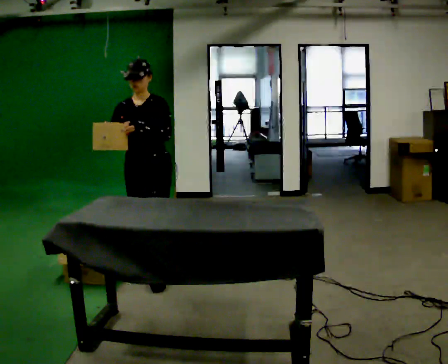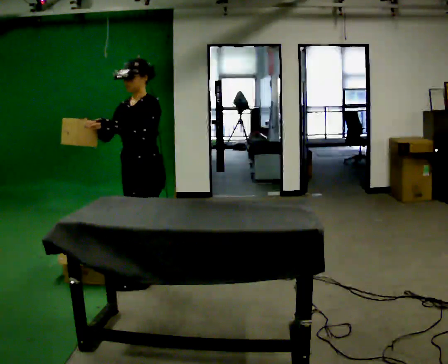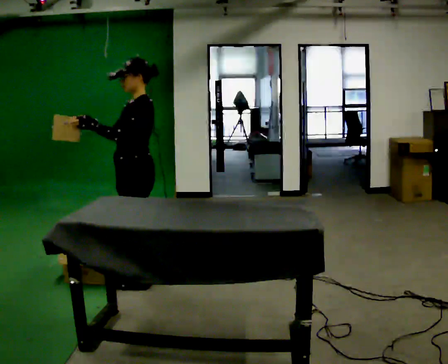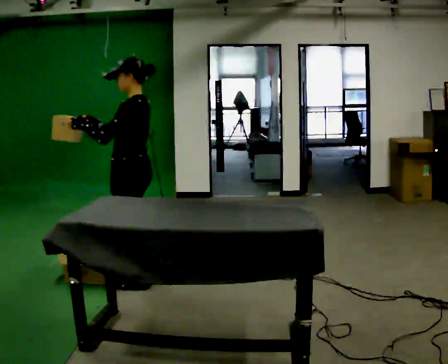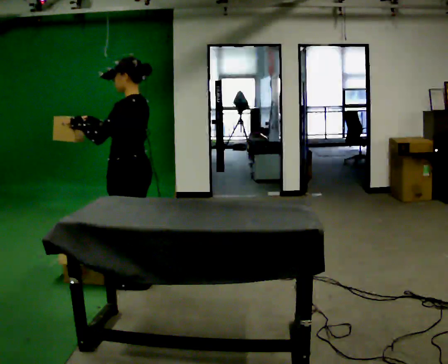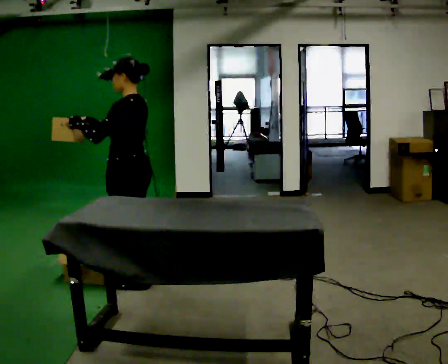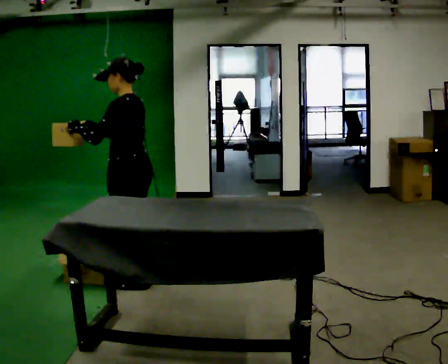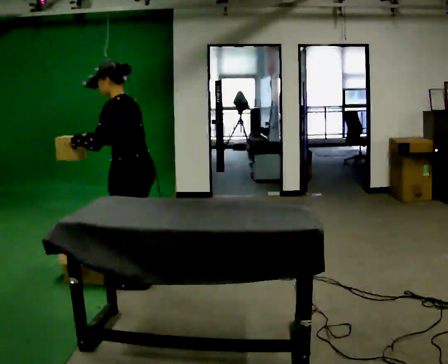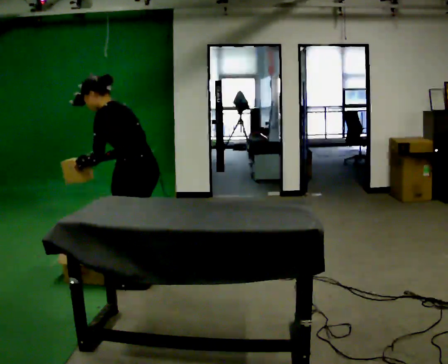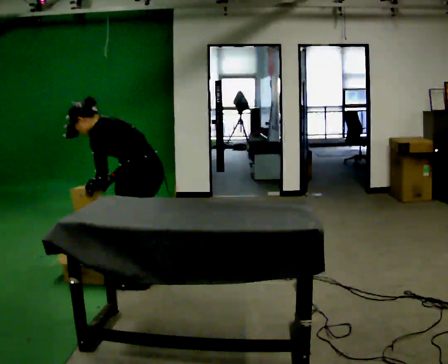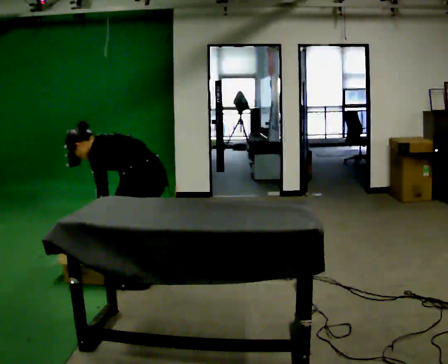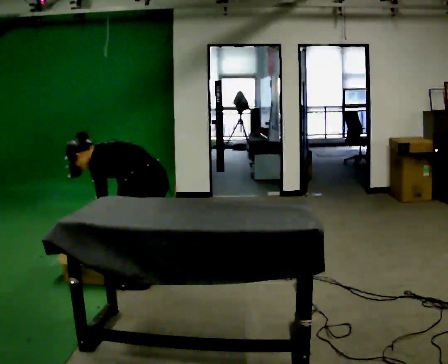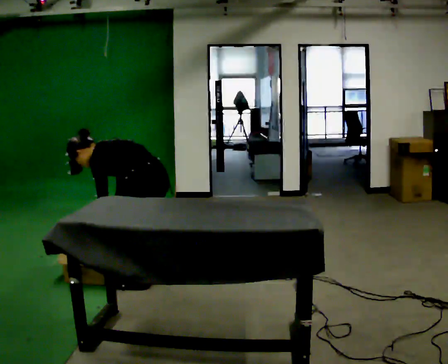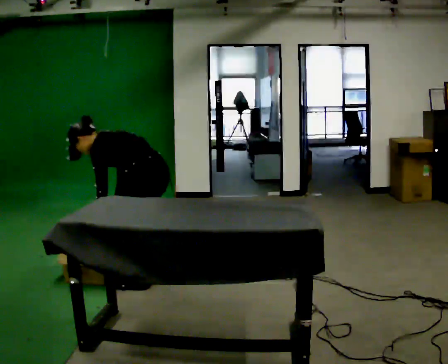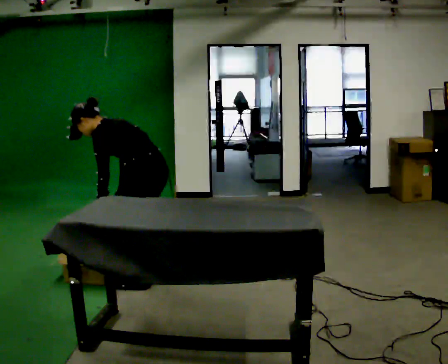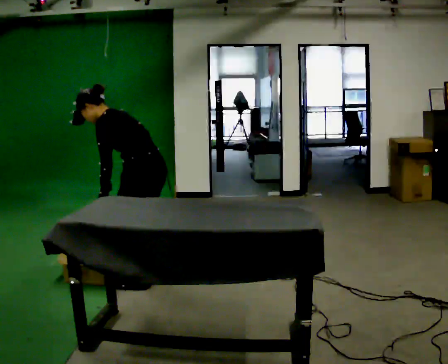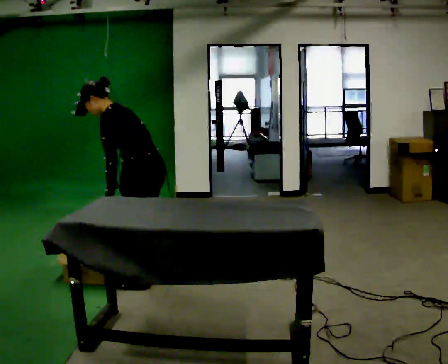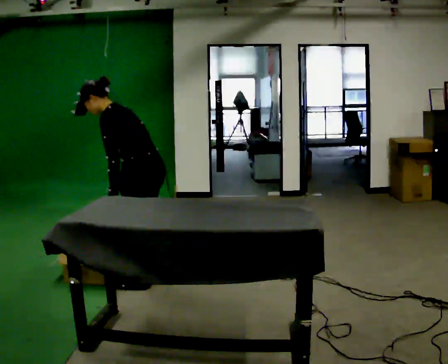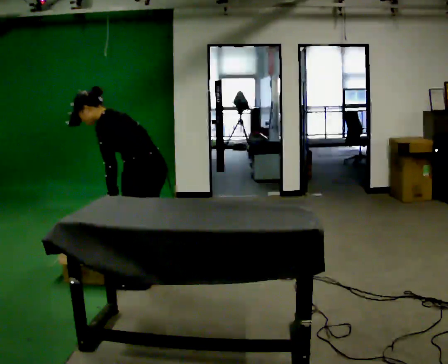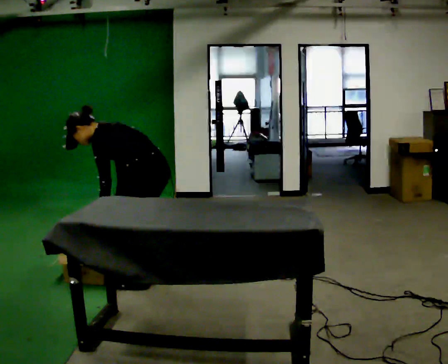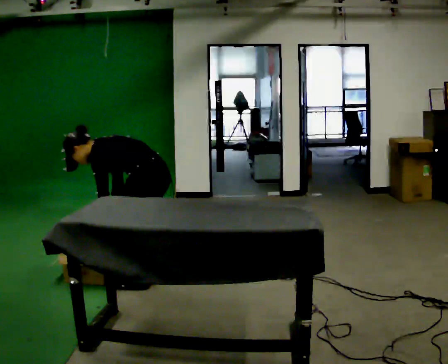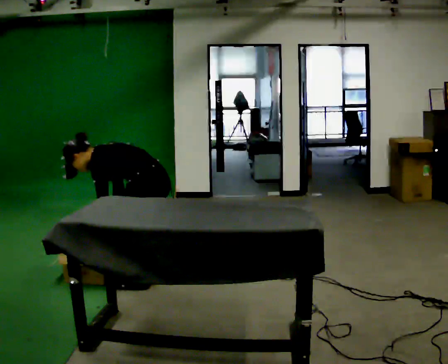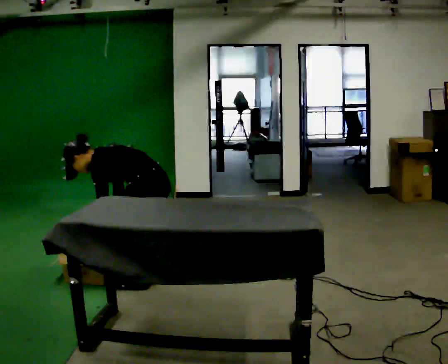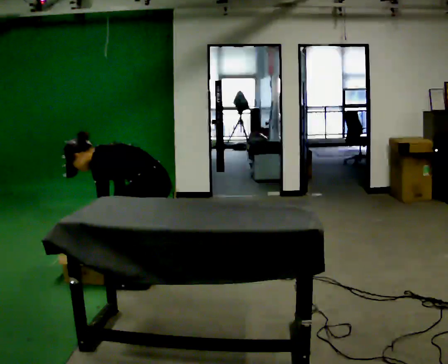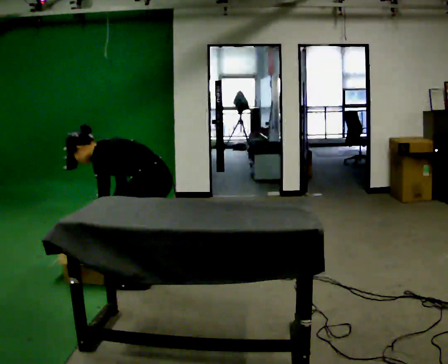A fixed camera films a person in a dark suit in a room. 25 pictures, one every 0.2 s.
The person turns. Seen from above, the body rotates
clockwise.
The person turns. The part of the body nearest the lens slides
to the left.
0.0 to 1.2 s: The part of the body nearest the lens slides to the left as the person turns to their right by about 90 degrees.
1.2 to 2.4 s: The shoulders move downward. In the picture the upper body tilts counterclockwise, shoulders to the left, as they bend forward. In the picture their left hand goes downward, the arm swinging counterclockwise.
2.4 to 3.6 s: The upper body goes upward. The upper body tips toward the camera, its near side rolling downward.
3.6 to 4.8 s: The shoulders move downward. In the picture the upper body tilts counterclockwise, shoulders to the left, as they bend forward.
The film runs backward here.
